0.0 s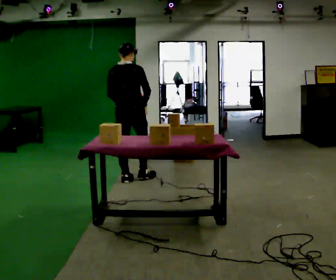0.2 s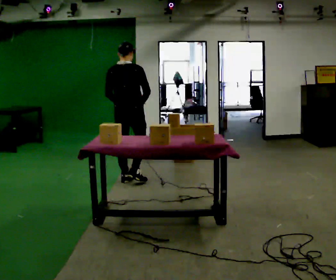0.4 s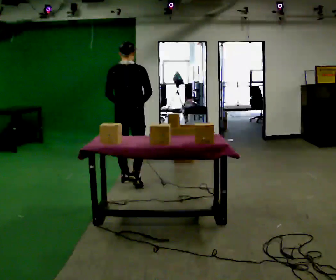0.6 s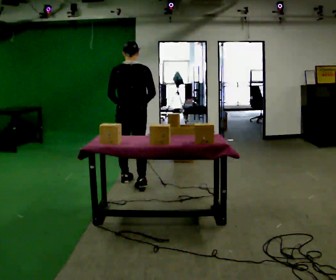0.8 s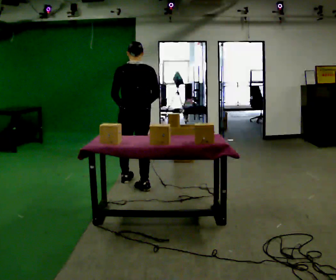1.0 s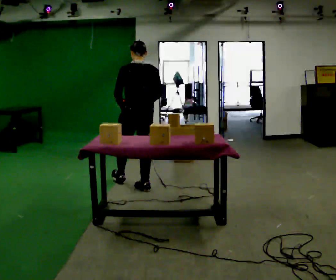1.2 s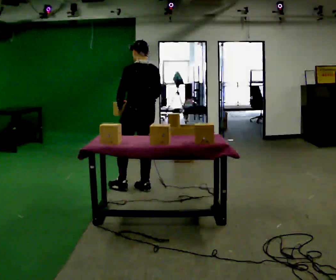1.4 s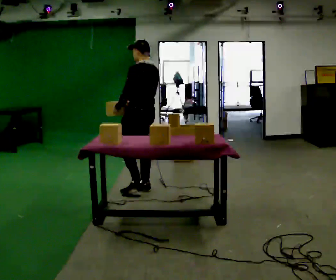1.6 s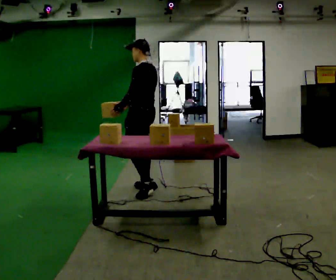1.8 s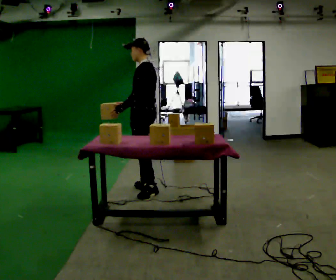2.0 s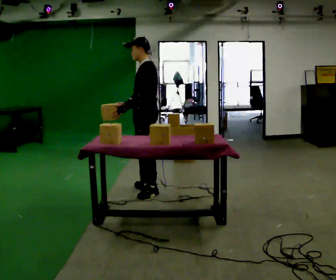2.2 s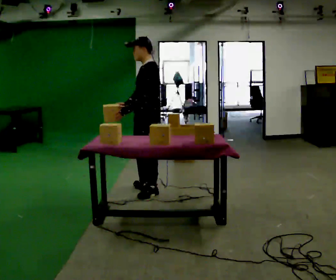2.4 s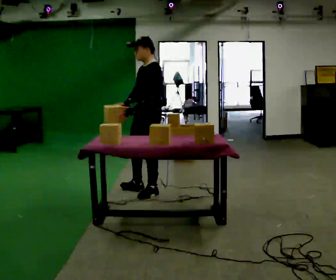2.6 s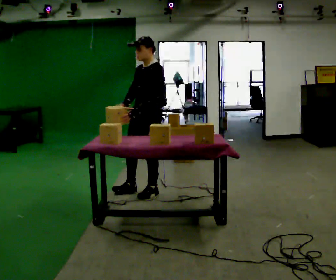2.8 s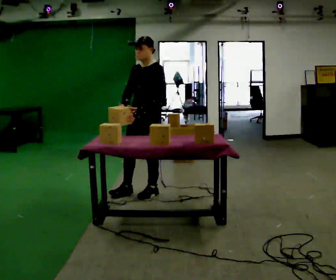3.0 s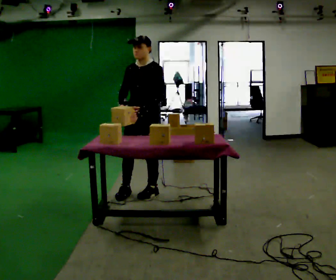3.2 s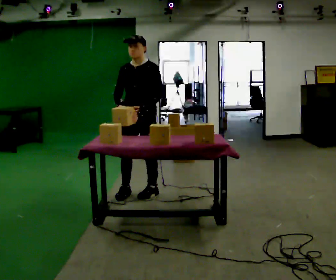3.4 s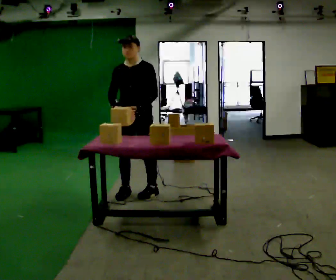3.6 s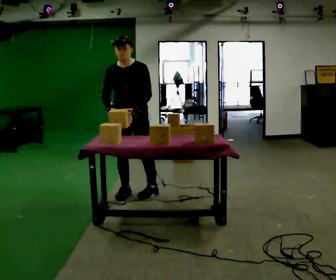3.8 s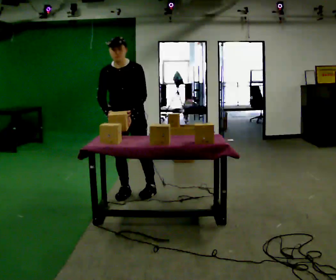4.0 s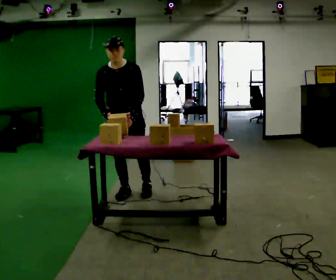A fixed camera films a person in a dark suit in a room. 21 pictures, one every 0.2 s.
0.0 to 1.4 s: The part of the body nearest the lens slides to the right as the person turns to their left by about 75 degrees. In the picture they go toward the camera and to the right, about 0.5 m in 1 step.
1.4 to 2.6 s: Seen from above the body turns counterclockwise, about 75 degrees: to their left, with its near side sliding to the right. In the picture they go toward the camera, about 0.25 m in 1 step.
2.6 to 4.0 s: The person turns about 60 degrees to their left, counterclockwise seen from above, so the part of the body nearest the lens slides to the right. In the picture they go to the left, about 0.25 m in 1 step, which for them is to their right.
The film runs backward here.
